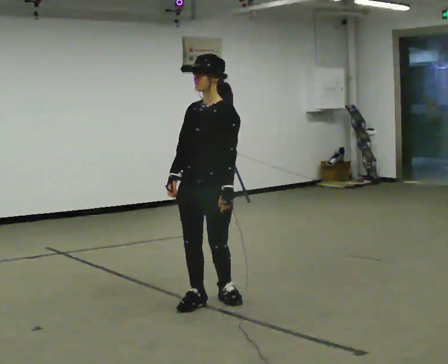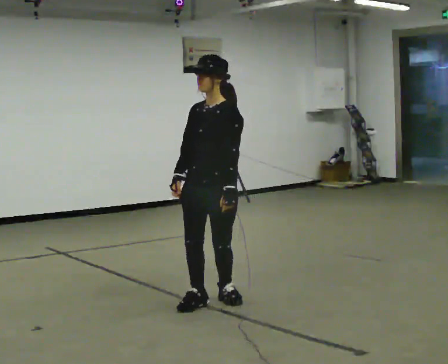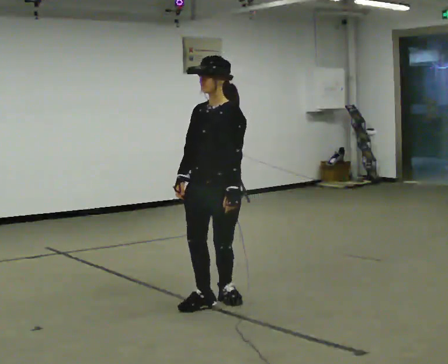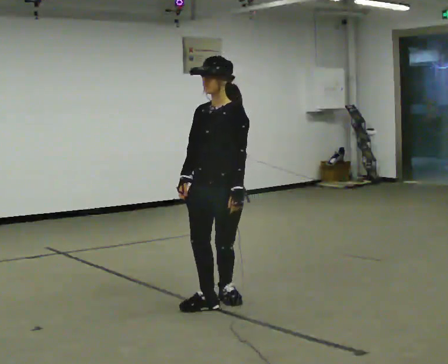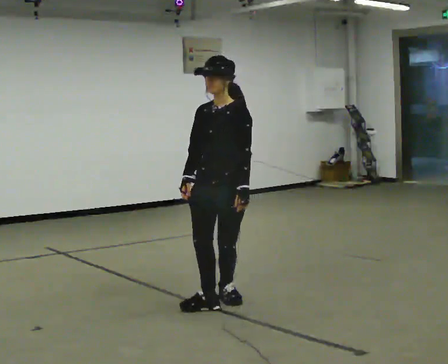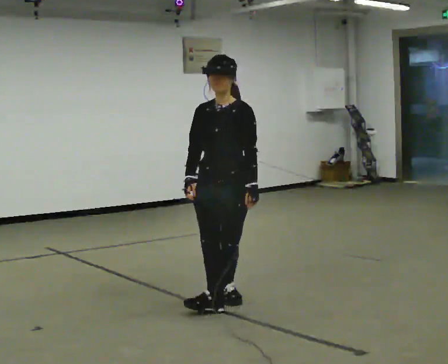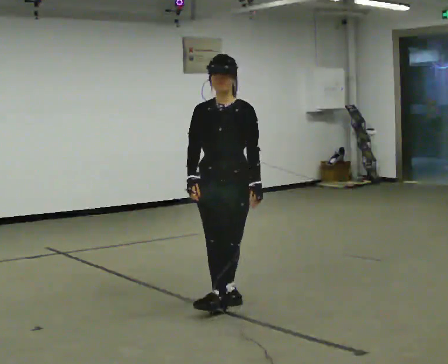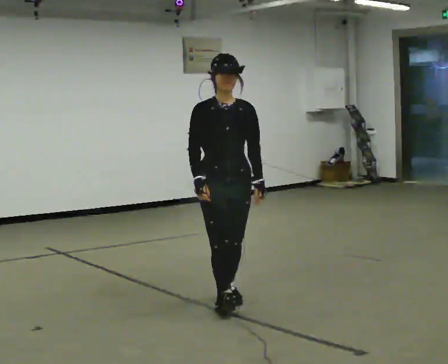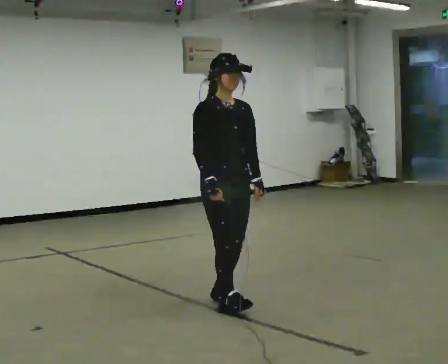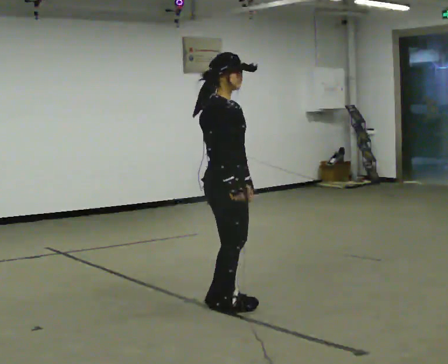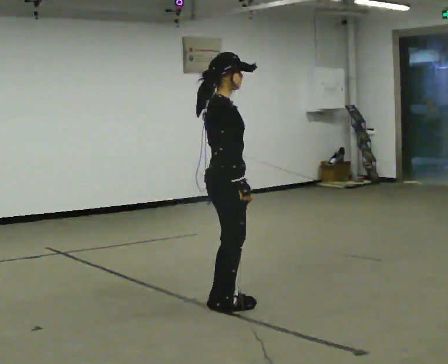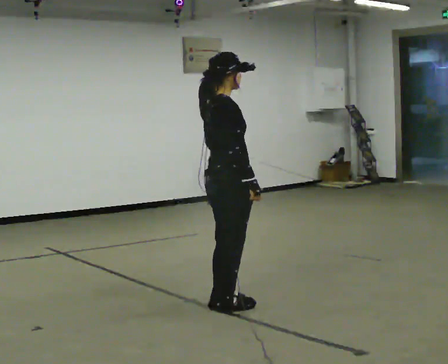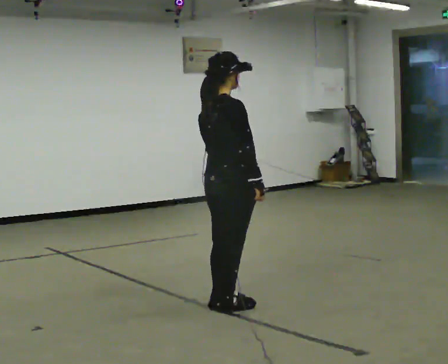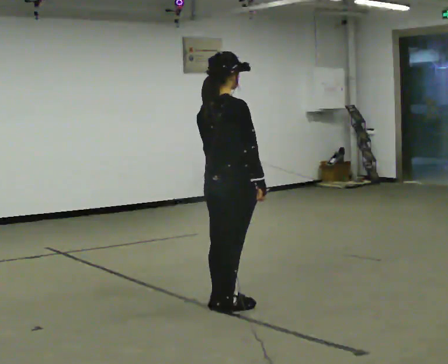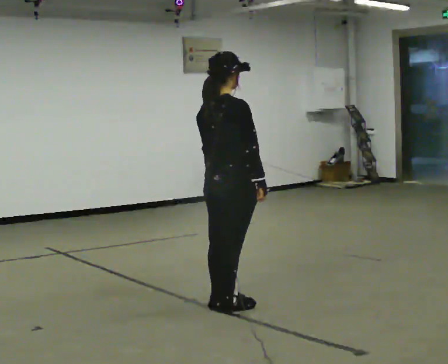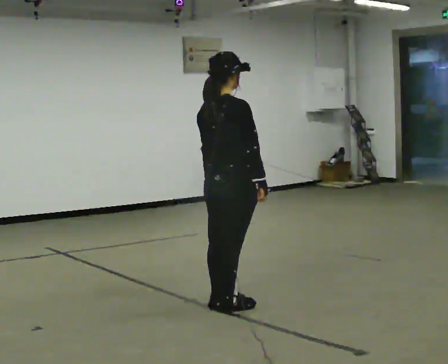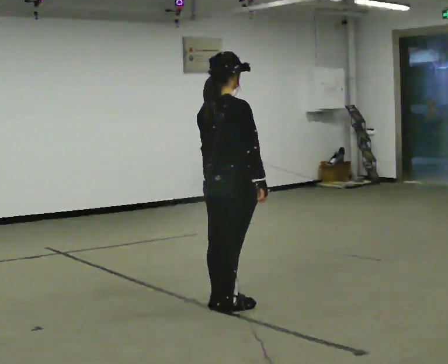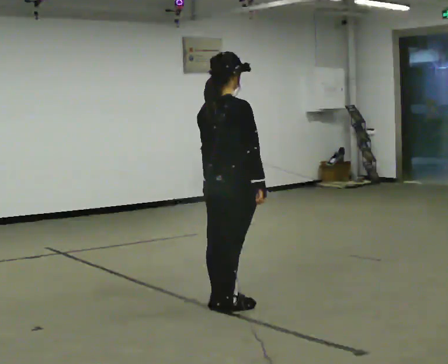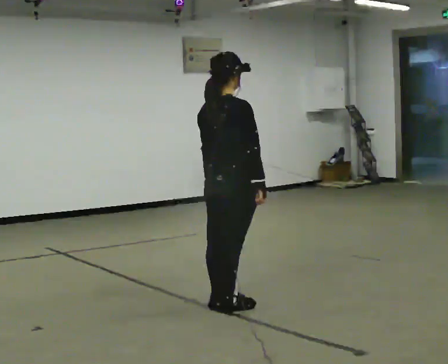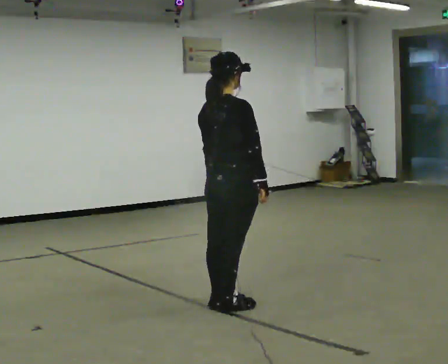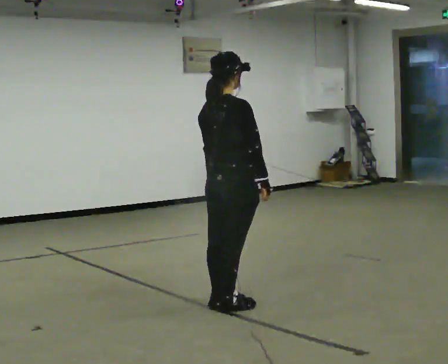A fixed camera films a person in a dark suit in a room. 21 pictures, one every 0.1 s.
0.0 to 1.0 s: The part of the body nearest the lens slides to the right as the person turns to their left by about 120 degrees. In the picture their right hand goes to the right, the arm swinging counterclockwise.
1.0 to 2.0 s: The part of the body nearest the lens slides to the right as the person turns to their left by about 60 degrees.
The film runs backward here.
